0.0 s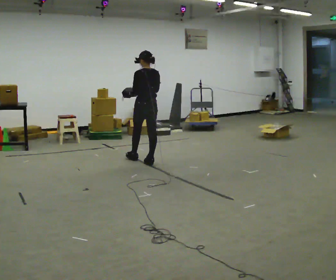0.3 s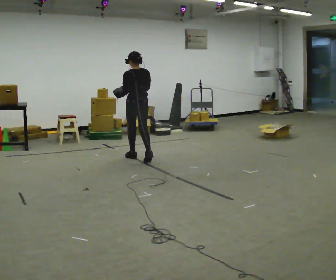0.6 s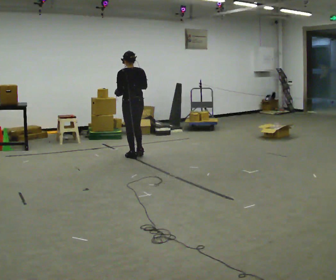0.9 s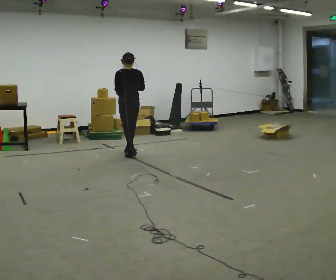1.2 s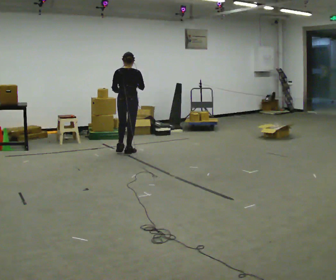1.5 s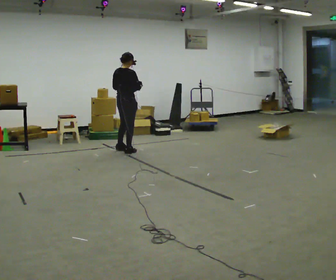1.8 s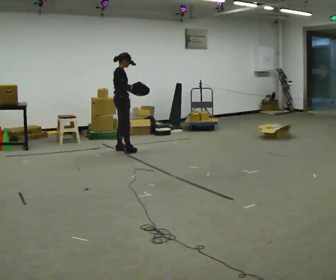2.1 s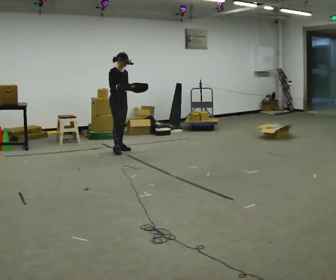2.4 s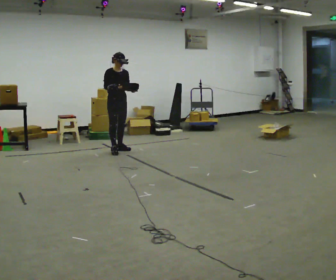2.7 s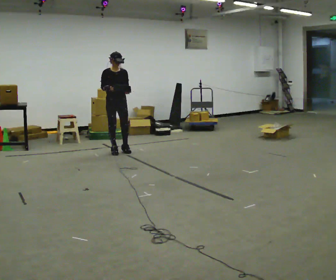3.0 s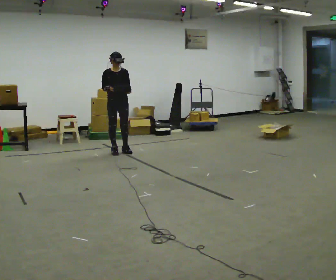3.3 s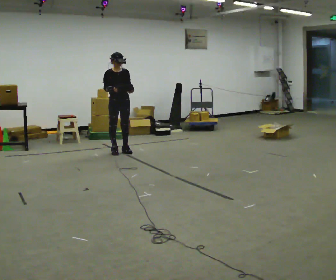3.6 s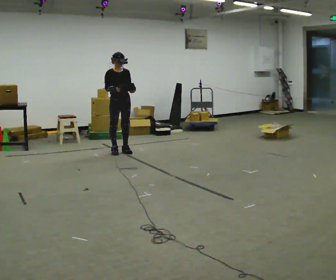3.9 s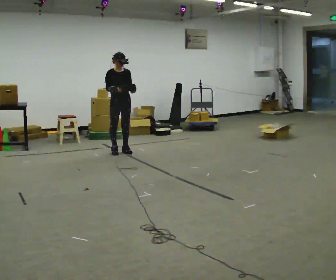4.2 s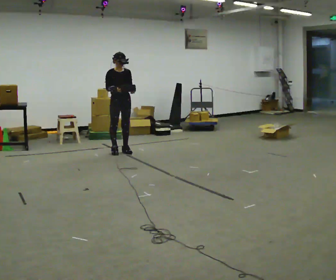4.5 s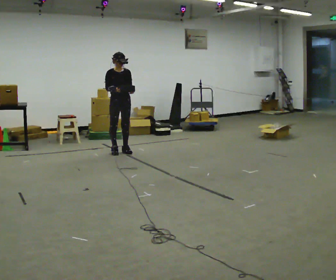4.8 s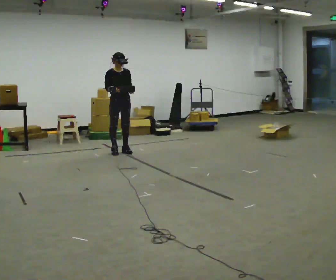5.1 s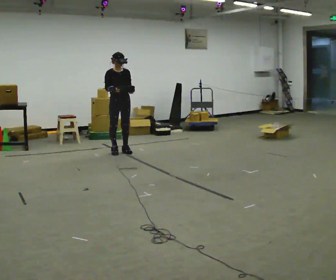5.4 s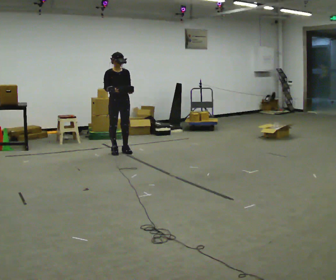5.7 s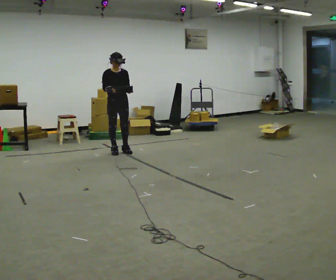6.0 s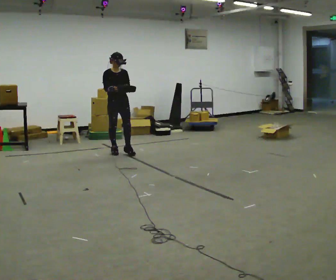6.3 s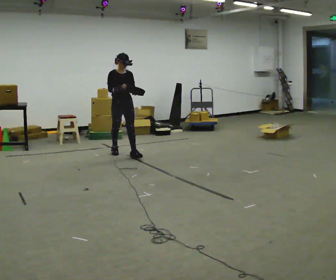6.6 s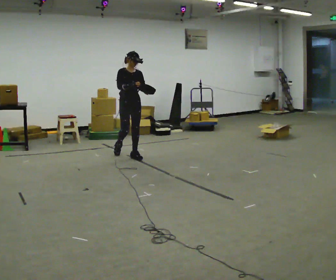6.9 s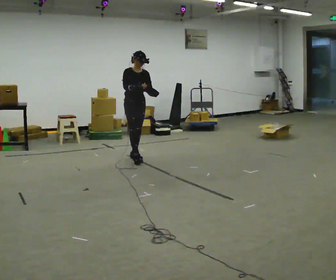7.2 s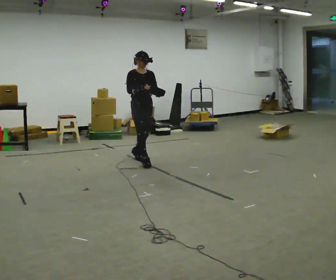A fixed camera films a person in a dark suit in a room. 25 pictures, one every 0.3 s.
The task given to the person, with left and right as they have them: Carry the bag and, while walking, undo the buckle or zip, then do it up again. Keep repeating as you walk. Do not stop.
0.0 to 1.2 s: The part of the body nearest the lens slides to the left as the person turns to their right by about 45 degrees. In the picture they go away from the camera and to the left, about 0.75 m in 2 steps, which for them is forward.
1.2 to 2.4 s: Seen from above the body turns clockwise, about 135 degrees: to their right, with its near side sliding to the left. In the picture they go to the left, about 0.25 m in 2 steps. In the picture their right hand goes to the left.
2.4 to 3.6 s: The person moves a little, or ends about where they began.
3.6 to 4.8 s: The person keeps their place and pose.
4.8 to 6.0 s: The person moves a little, or ends about where they began.
6.0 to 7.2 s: In the picture they go toward the camera and to the right, about 0.75 m in 2 steps, which for them is forward.
The film runs forward here.
